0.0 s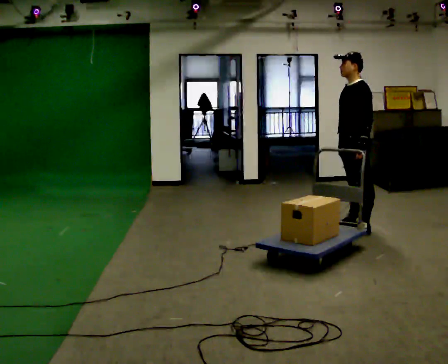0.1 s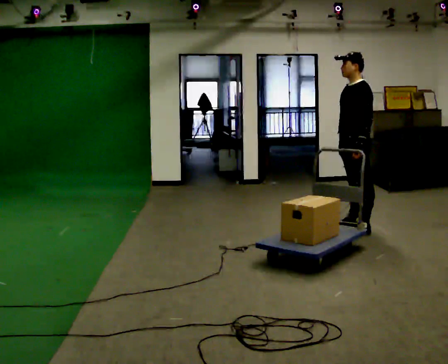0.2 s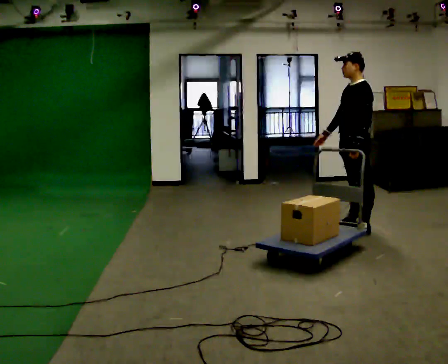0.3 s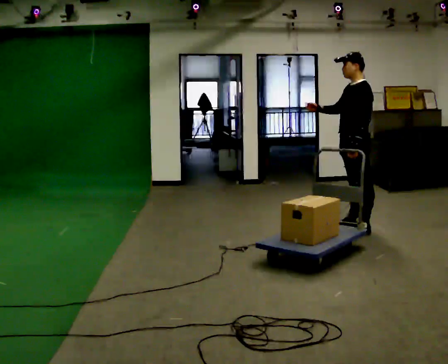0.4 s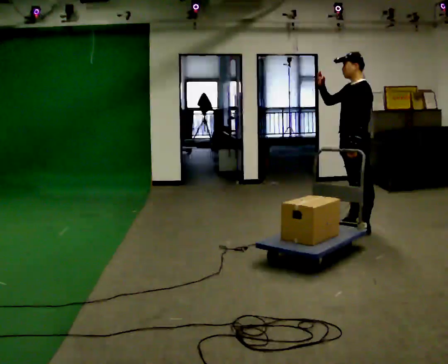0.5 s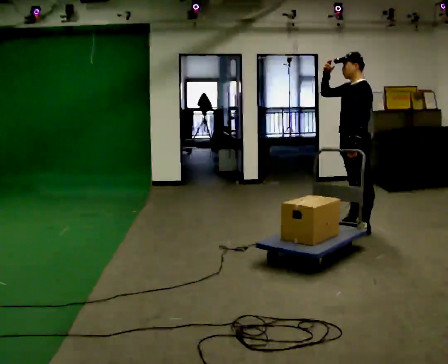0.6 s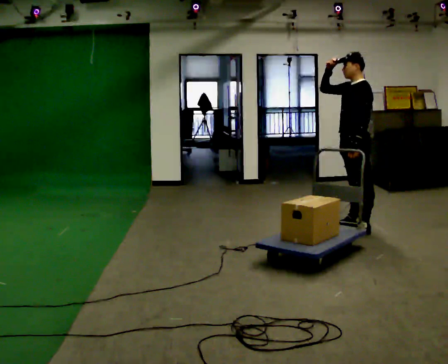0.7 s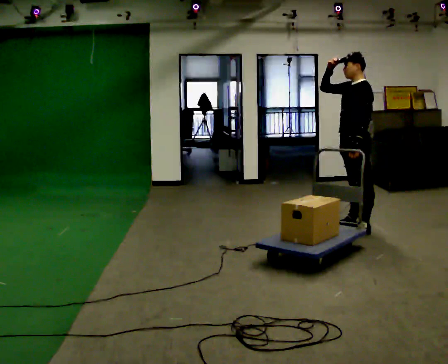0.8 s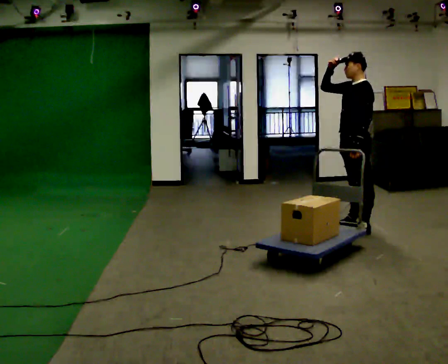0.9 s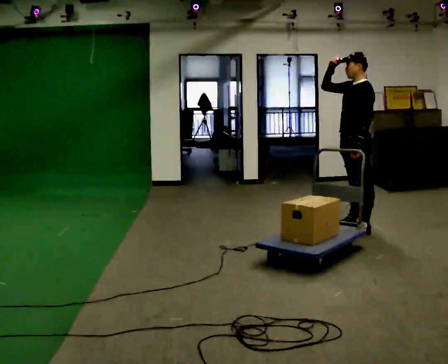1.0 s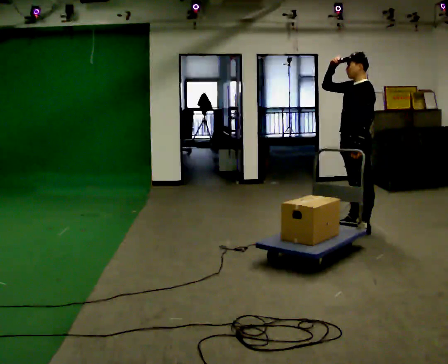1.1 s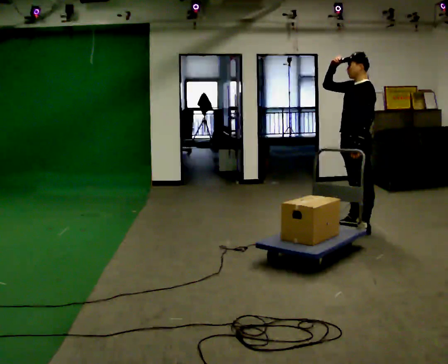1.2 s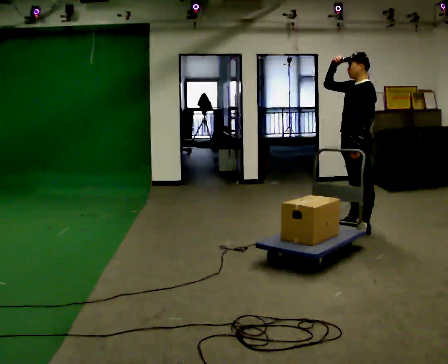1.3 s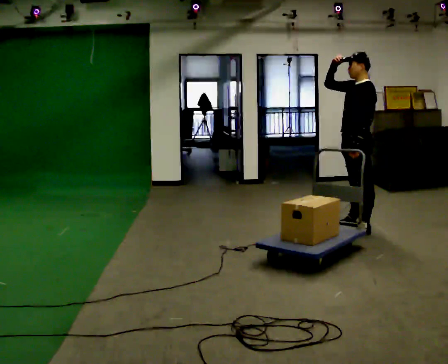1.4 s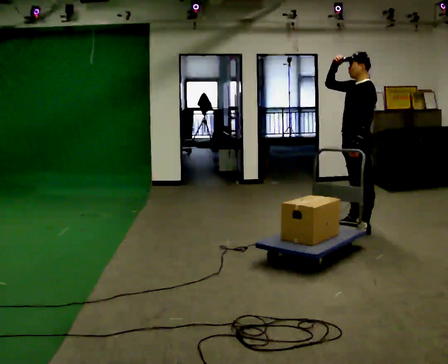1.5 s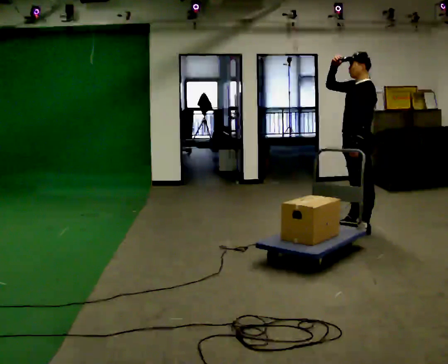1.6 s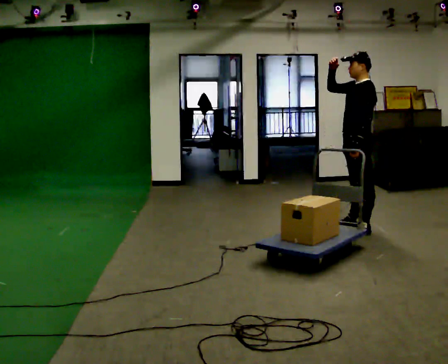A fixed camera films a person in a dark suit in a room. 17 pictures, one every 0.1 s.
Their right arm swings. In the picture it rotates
clockwise.
Their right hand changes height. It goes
upward.
0.0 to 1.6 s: In the picture their right hand goes upward, the arm swinging clockwise.
The film runs backward here.
